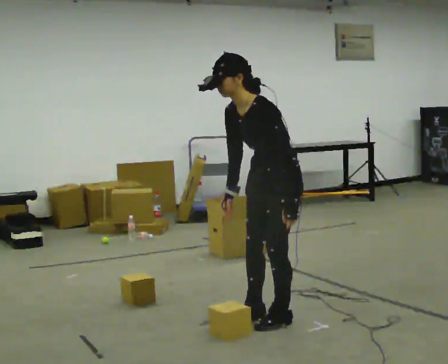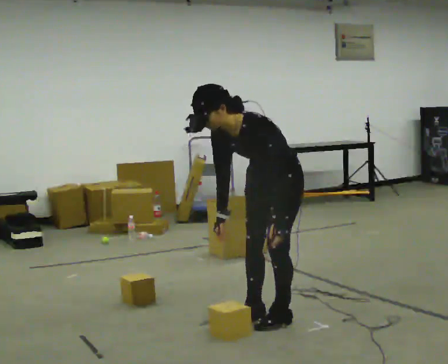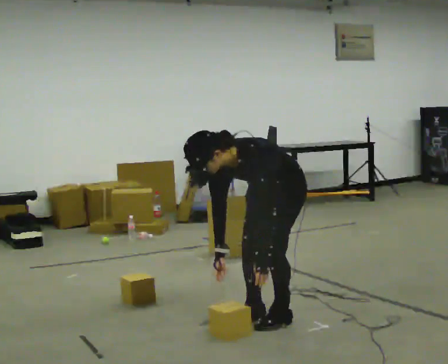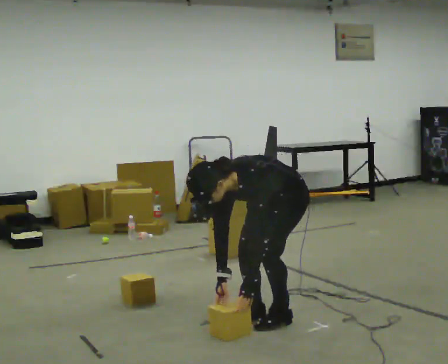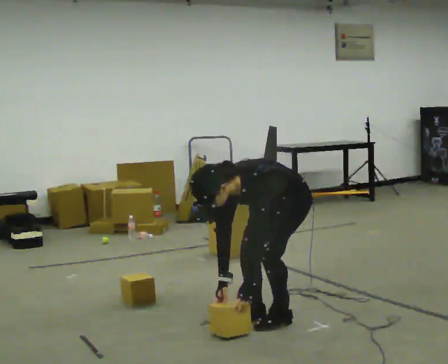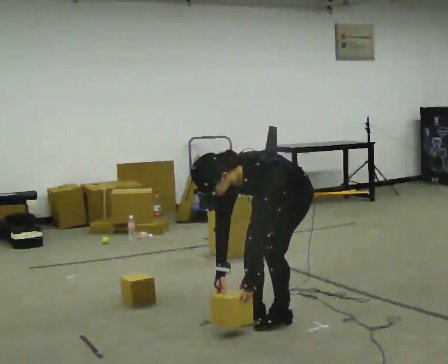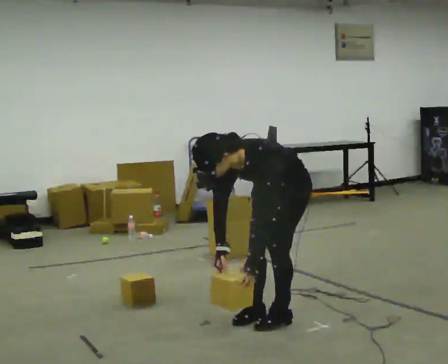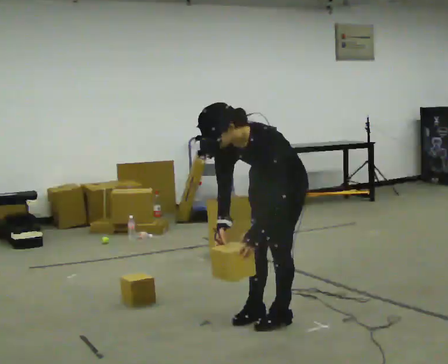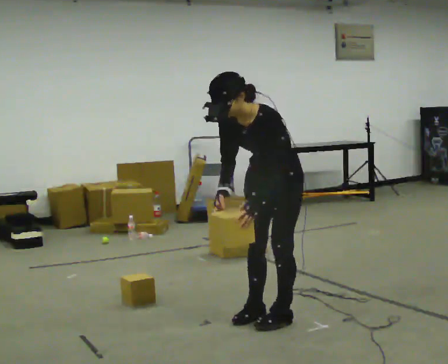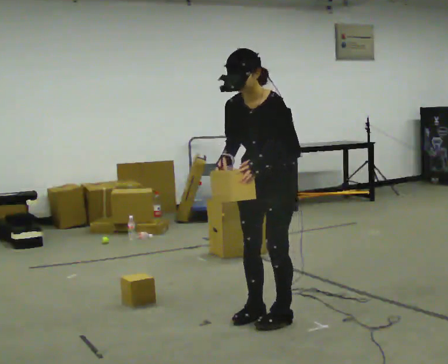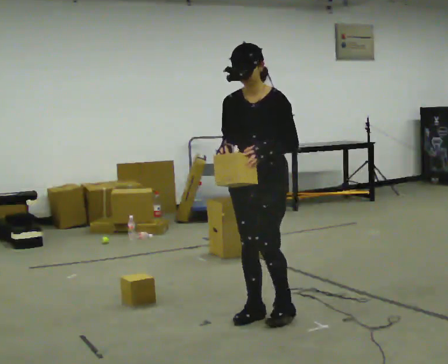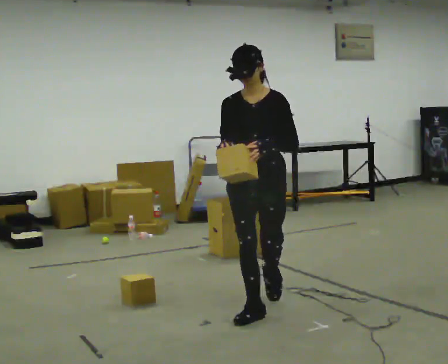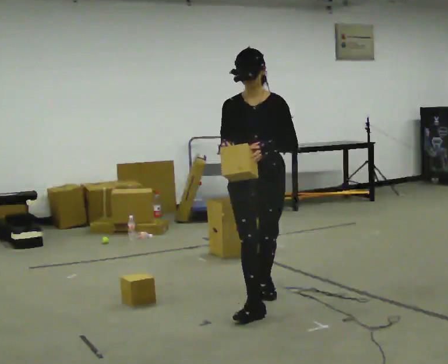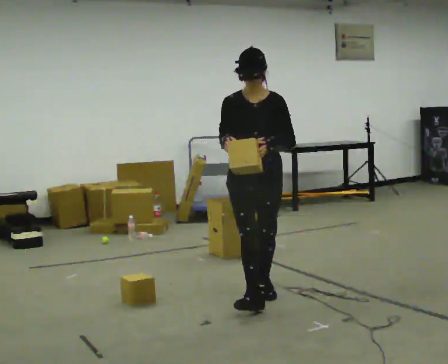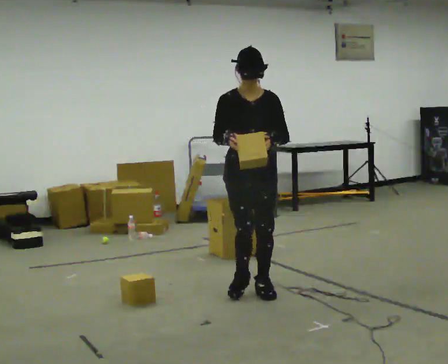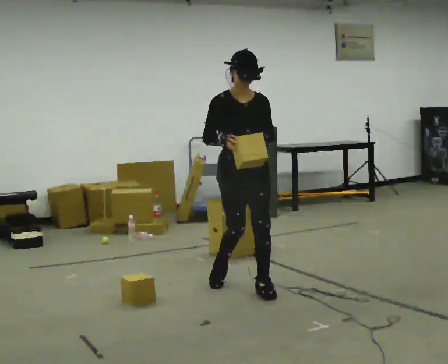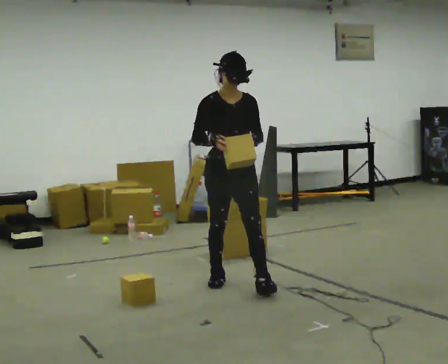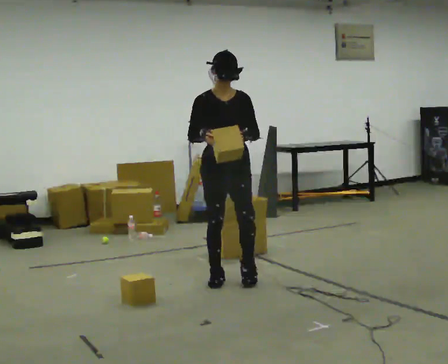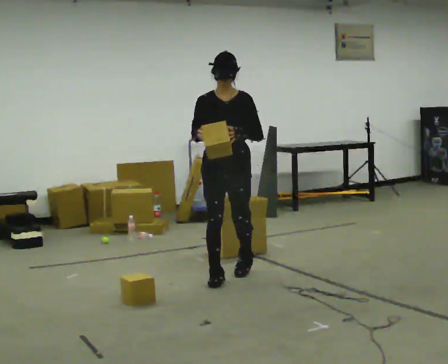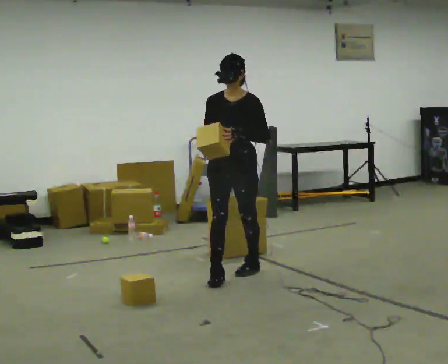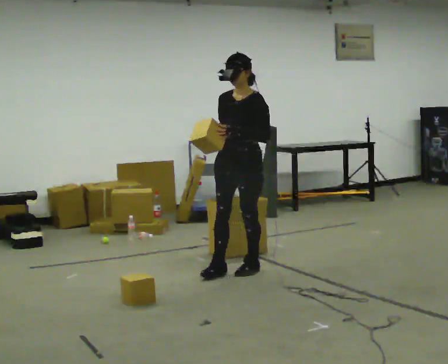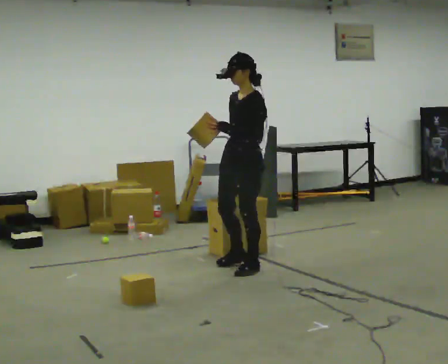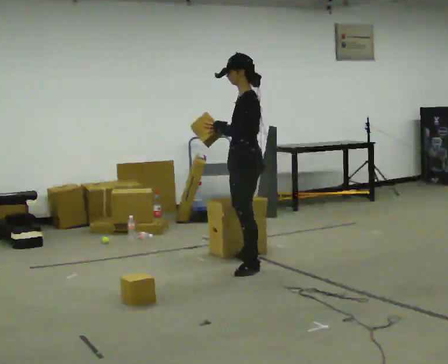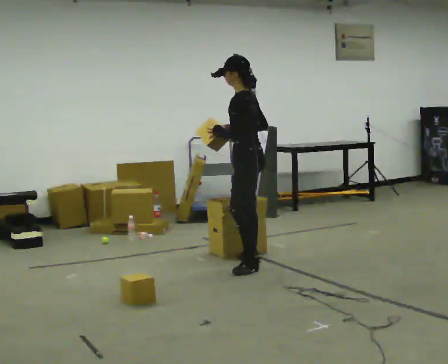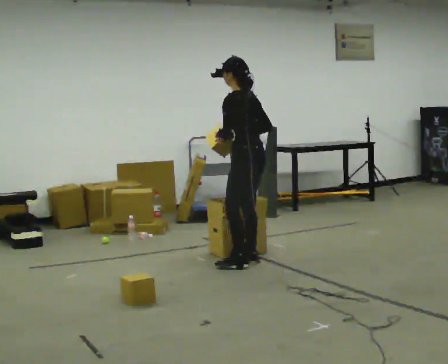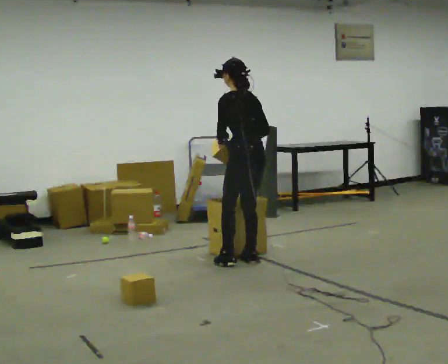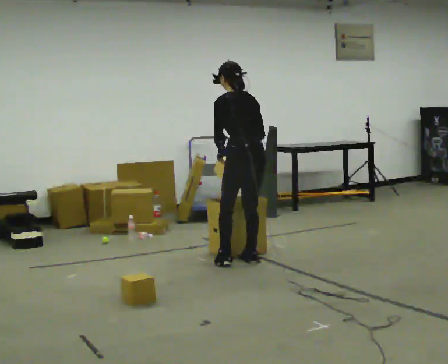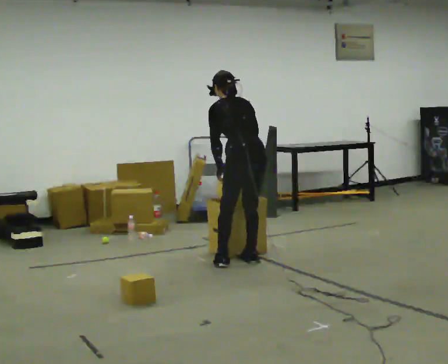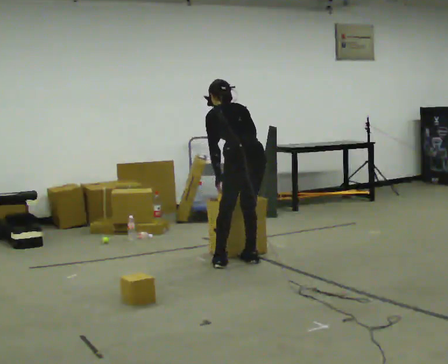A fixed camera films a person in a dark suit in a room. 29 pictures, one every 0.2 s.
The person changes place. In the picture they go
away from the camera.
0.0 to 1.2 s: The upper body tips toward the camera, its near side rolling downward, as they bend forward. In the picture their right hand goes downward.
1.2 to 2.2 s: Seen from above the body turns counterclockwise, about 30 degrees: to their left, with its near side sliding to the right. The shoulders move upward. In the picture the upper body tilts clockwise, shoulders to the right, as they lean back or straighten. In the picture their right hand goes upward.
2.2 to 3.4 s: The person turns about 30 degrees to their left, counterclockwise seen from above, so the part of the body nearest the lens slides to the right. In the picture they go away from the camera, about 0.5 m in 2 steps, which for them is backward.
3.4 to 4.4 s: Seen from above the body turns clockwise, about 105 degrees: to their right, with its near side sliding to the left. In the picture they go away from the camera and to the right, about 0.5 m in 1 step.
4.4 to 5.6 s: The person turns about 75 degrees to their right, clockwise seen from above, so the part of the body nearest the lens slides to the left. The upper body tips away from the camera, its near side rolling upward, as they bend forward. In the picture their right hand goes downward.
The film runs backward here.
